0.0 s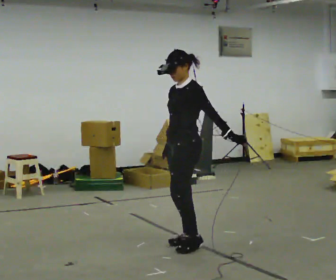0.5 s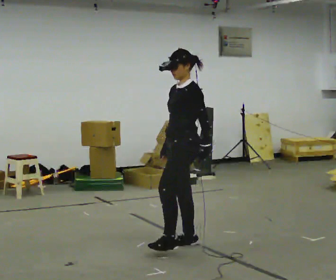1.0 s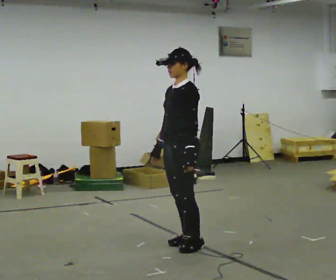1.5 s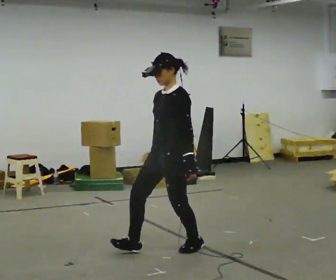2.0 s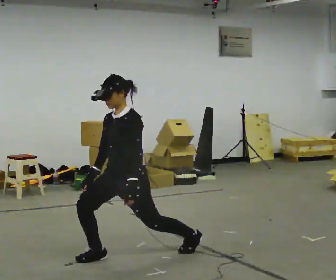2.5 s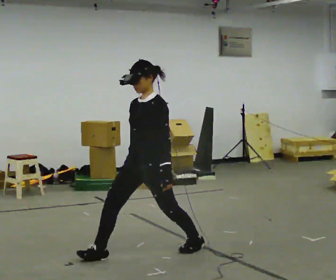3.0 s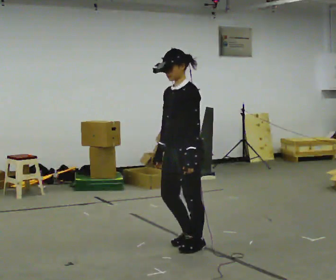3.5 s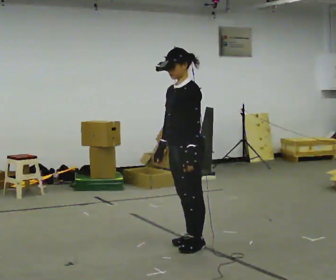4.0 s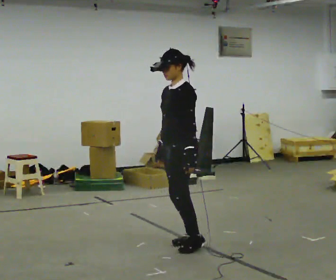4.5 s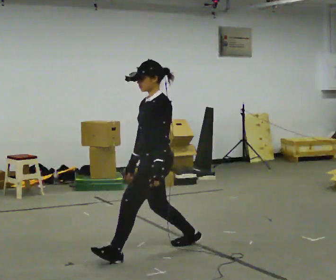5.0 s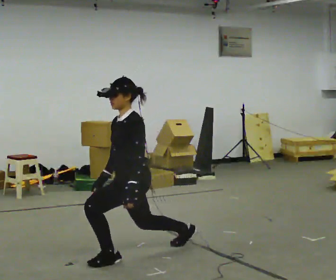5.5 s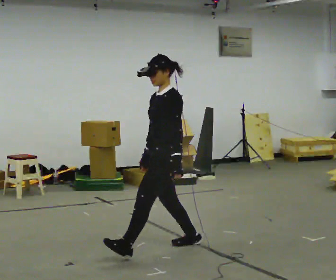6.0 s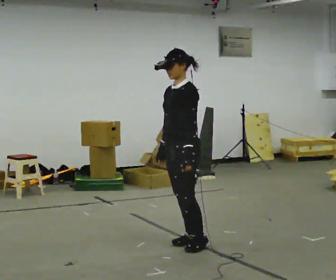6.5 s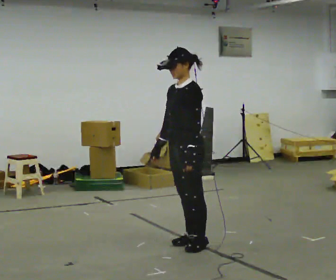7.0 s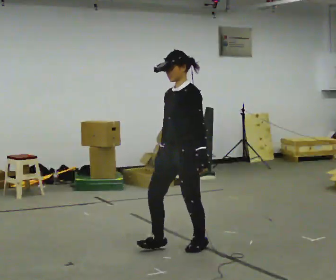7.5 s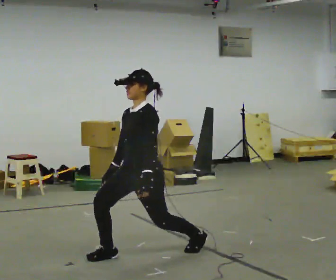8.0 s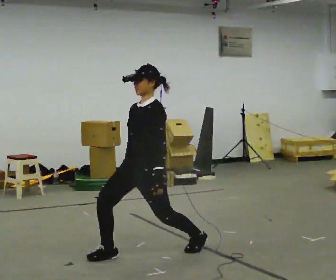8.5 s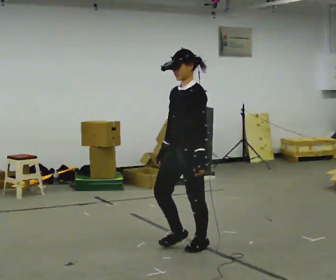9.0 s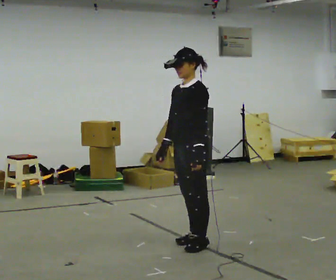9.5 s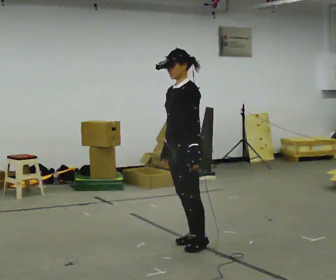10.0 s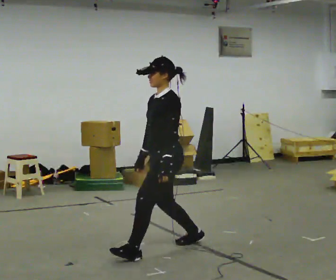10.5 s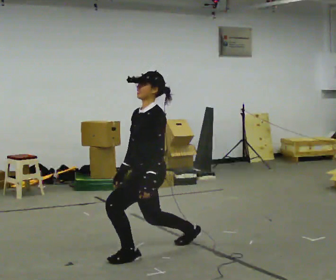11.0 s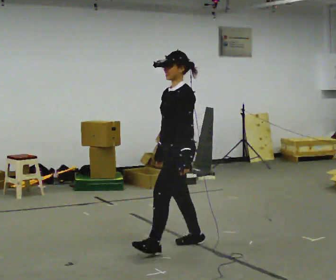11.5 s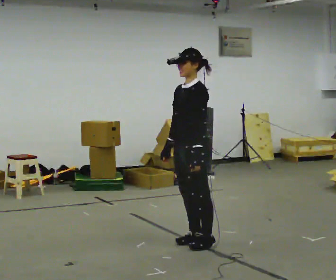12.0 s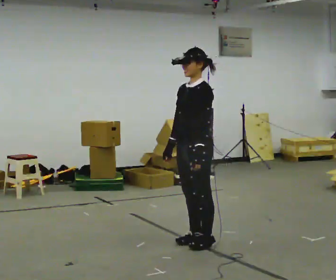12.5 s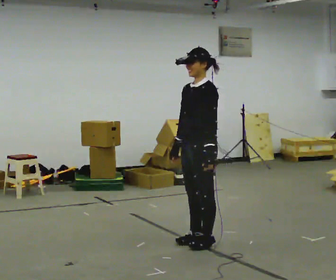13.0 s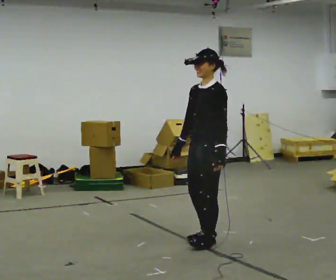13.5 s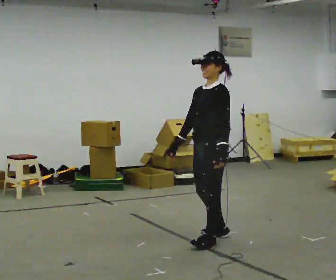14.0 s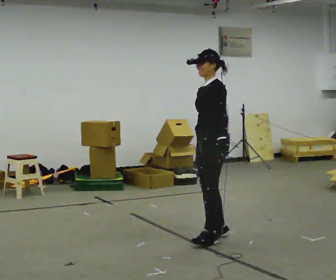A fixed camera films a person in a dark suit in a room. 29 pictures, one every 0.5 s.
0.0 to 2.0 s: In the picture they go to the left and toward the camera, about 0.5 m in 1 step, which for them is forward. The shoulders move downward. In the picture their left hand goes downward.
2.0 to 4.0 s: In the picture they go to the right and away from the camera, about 0.5 m in 1 step, which for them is backward. The upper body goes upward.
4.0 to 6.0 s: The person moves a little, or ends about where they began.
6.0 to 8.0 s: In the picture they go toward the camera and to the left, about 0.5 m in 1 step, which for them is forward.
8.0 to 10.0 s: In the picture they go away from the camera and to the right, about 0.25 m in 2 steps, which for them is backward.
10.0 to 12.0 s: In the picture they go to the right, about 0.25 m in 1 step, which for them is backward.
12.0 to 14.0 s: In the picture they go away from the camera, about 0.25 m in 1 step, which for them is backward.
The film runs backward here.
